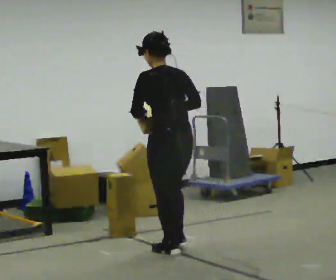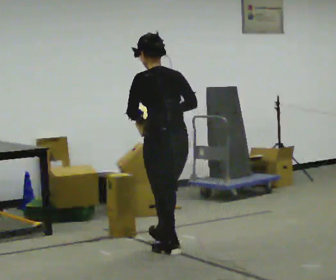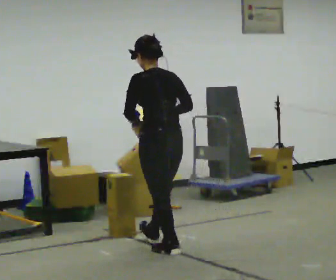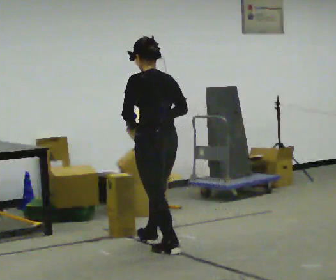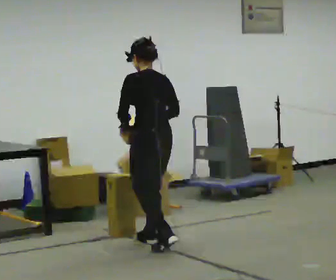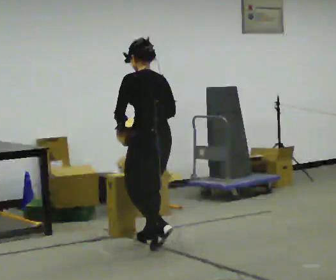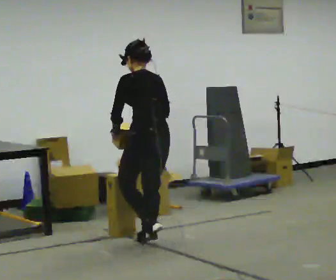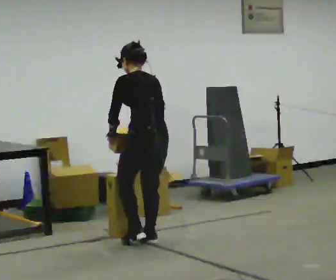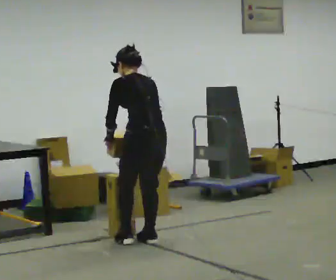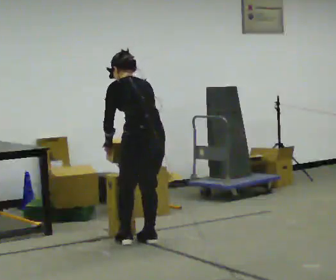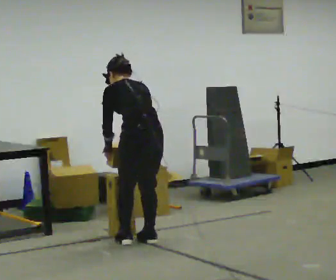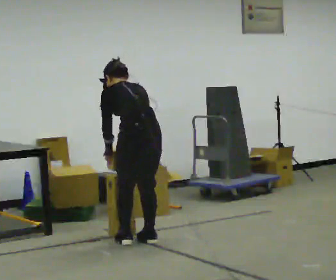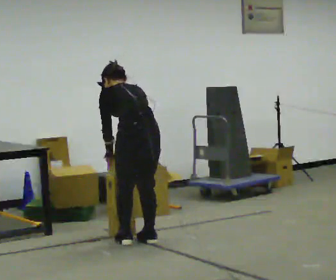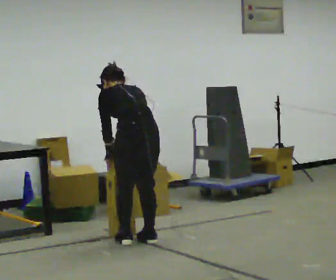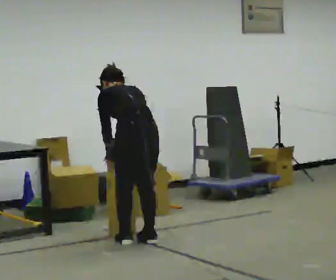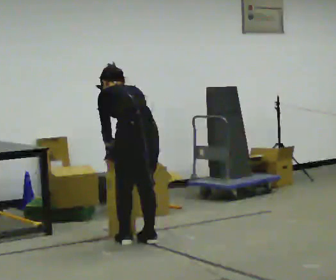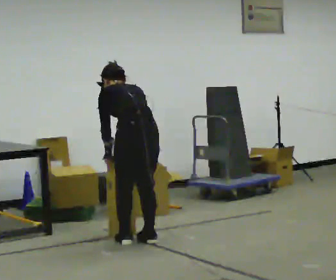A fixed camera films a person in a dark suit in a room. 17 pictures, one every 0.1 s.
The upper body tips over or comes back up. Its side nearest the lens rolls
upward.
0.0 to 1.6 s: In the picture they go away from the camera and to the left, about 0.5 m in 2 steps, which for them is forward. The upper body tips away from the camera, its near side rolling upward, as they bend forward. In the picture their right hand goes downward.
The film runs forward here.
